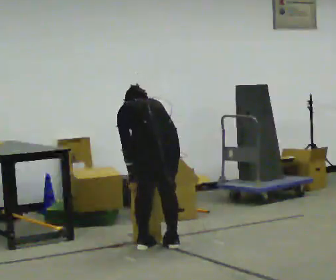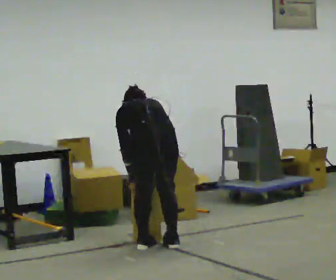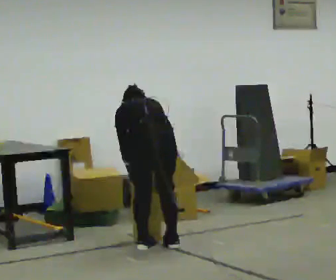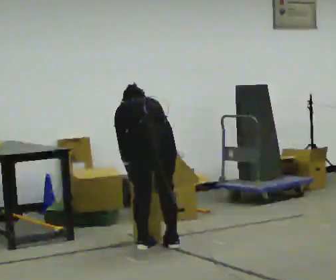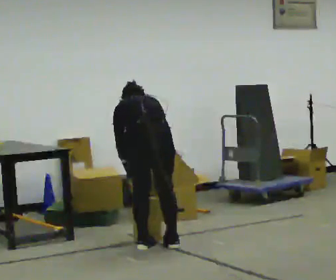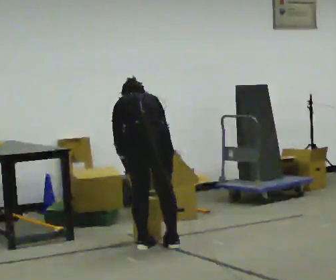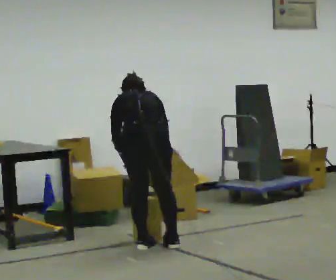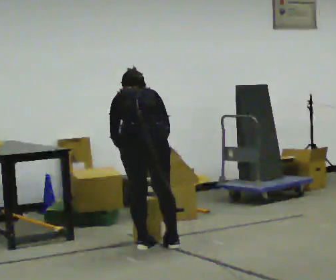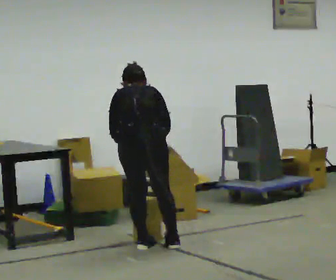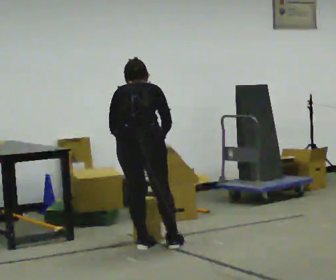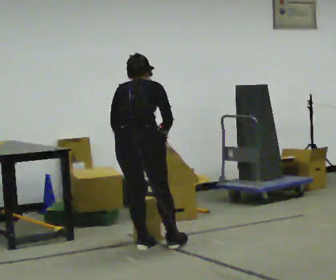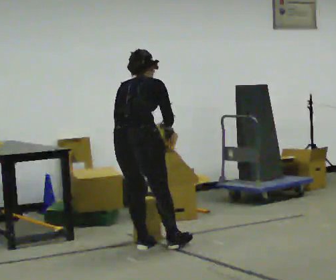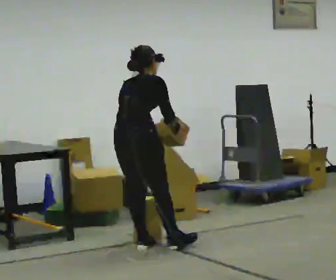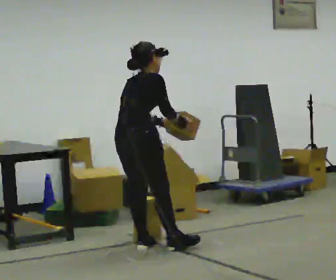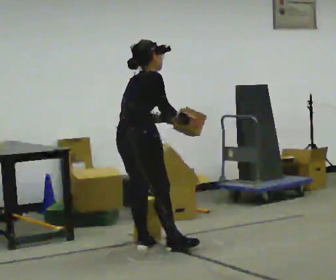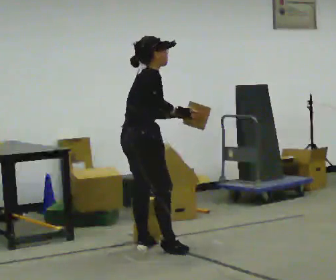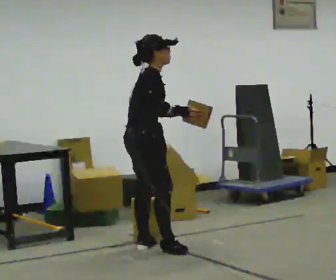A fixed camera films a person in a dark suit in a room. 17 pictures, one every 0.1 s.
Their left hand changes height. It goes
upward.
Their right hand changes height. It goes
upward.
0.0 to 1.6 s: The part of the body nearest the lens slides to the left as the person turns to their right by about 90 degrees. The shoulders move upward. The upper body tips toward the camera, its near side rolling downward, as they lean back or straighten. In the picture their left hand goes upward and to the right, the arm swinging counterclockwise.
The film runs forward here.
